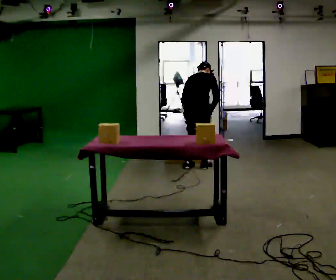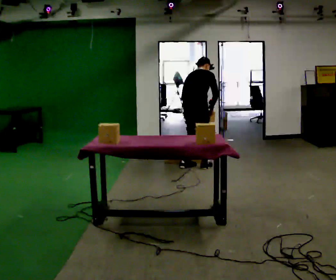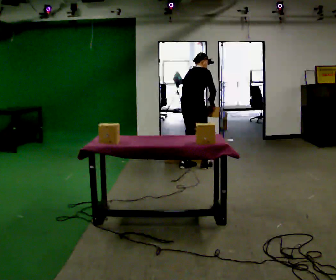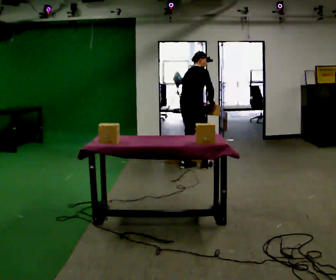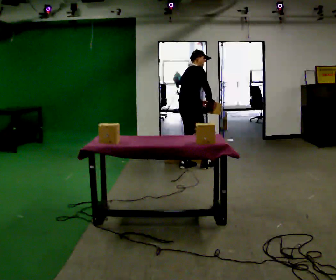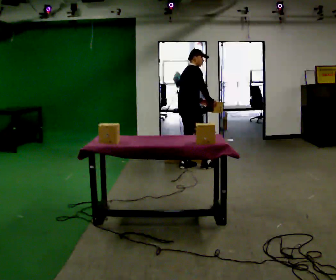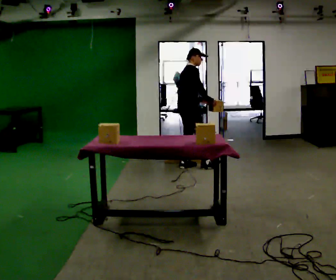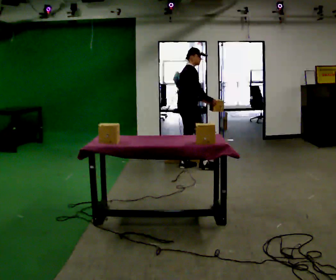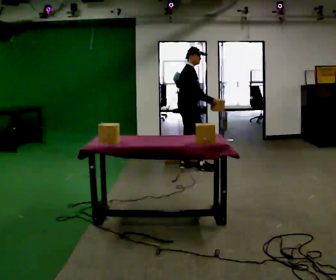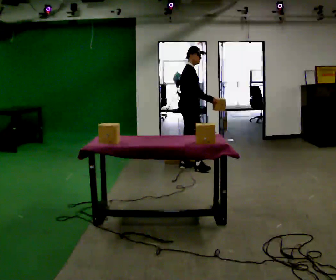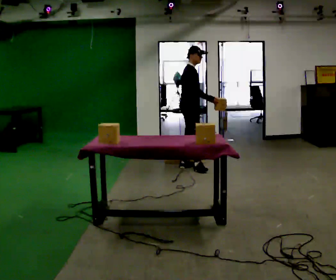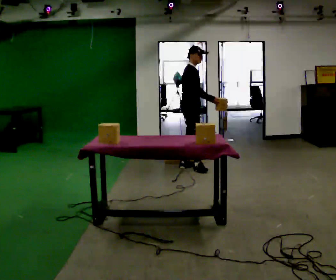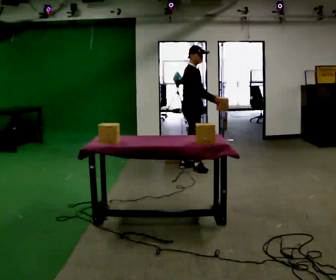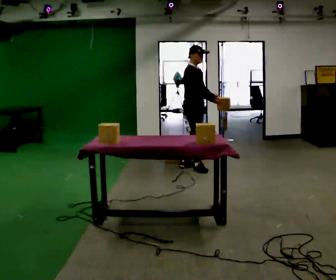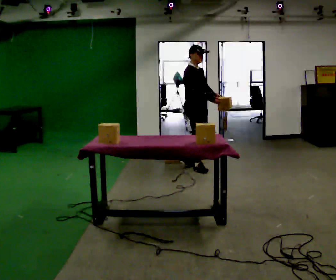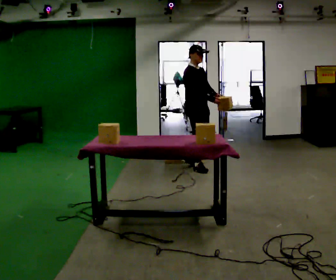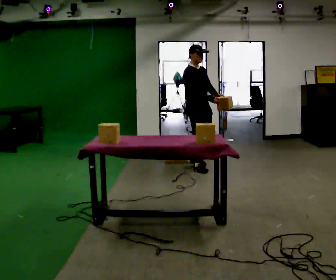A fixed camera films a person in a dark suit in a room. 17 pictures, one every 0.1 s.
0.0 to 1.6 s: The part of the body nearest the lens slides to the left as the person turns to their right by about 105 degrees. The upper body tips toward the camera, its near side rolling downward, as they lean back or straighten. In the picture their left hand goes to the right, the arm swinging counterclockwise.
The film runs forward here.
